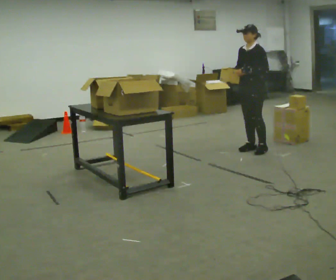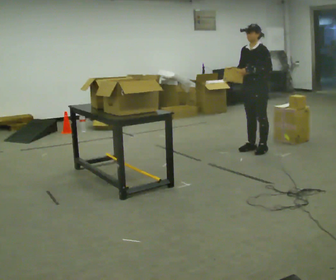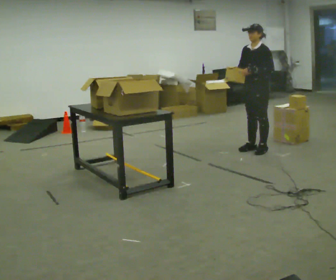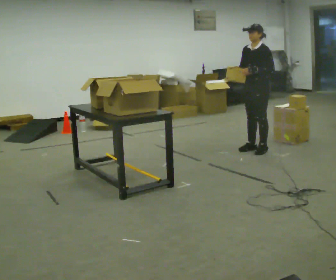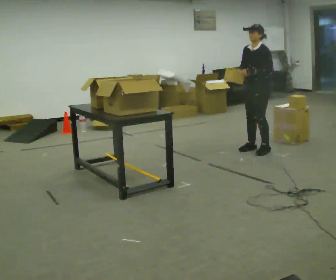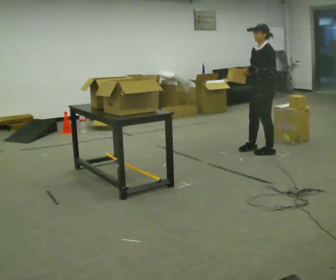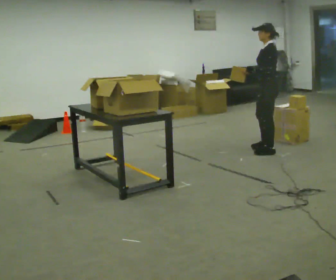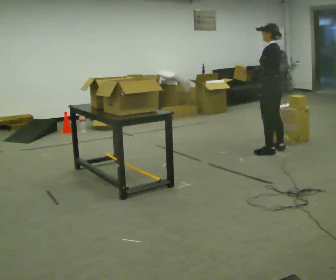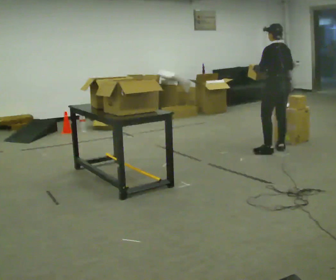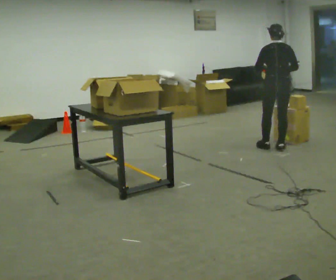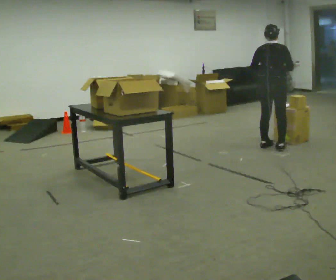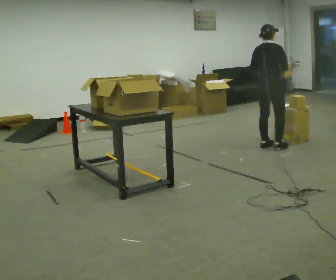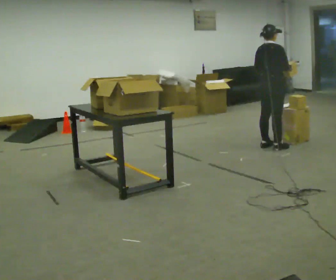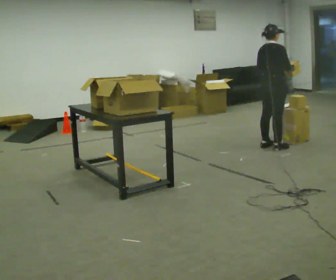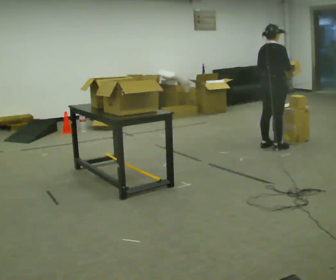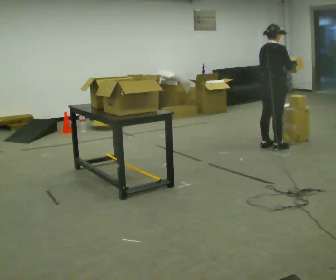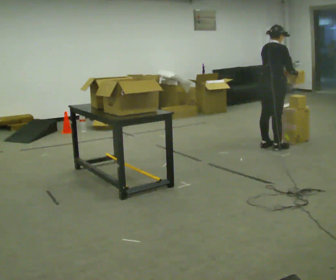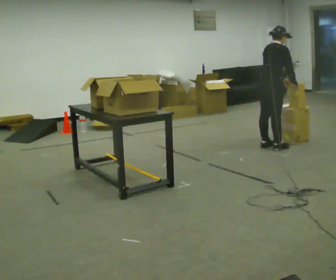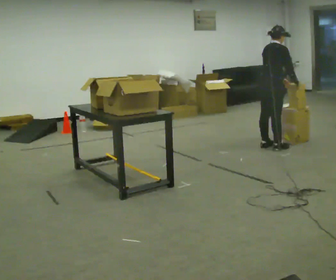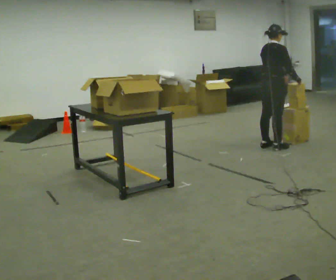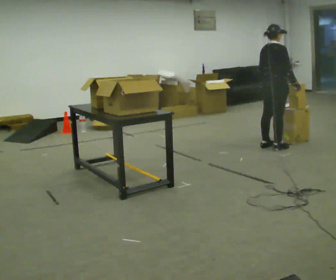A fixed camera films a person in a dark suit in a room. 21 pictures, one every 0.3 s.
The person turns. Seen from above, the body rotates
clockwise.
The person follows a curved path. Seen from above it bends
counterclockwise.
0.0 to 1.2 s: The person moves a little, or ends about where they began.
1.2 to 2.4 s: The part of the body nearest the lens slides to the left as the person turns to their right by about 90 degrees. In the picture they go to the right, about 0.25 m in 1 step.
2.4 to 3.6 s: The person turns about 90 degrees to their right, clockwise seen from above, so the part of the body nearest the lens slides to the left. In the picture they go away from the camera, about 0.25 m in 1 step.
3.6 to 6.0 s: The person moves a little, or ends about where they began.
The film runs backward here.
